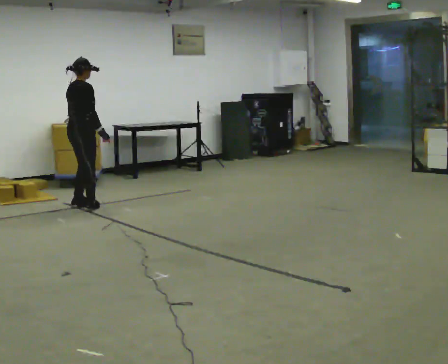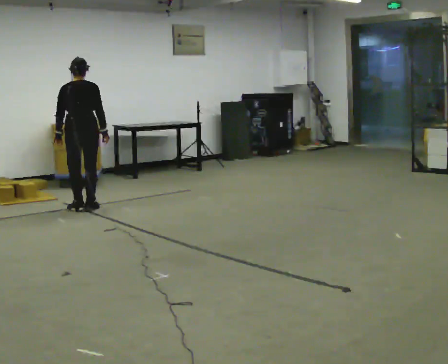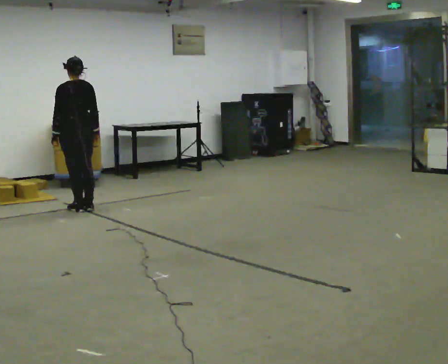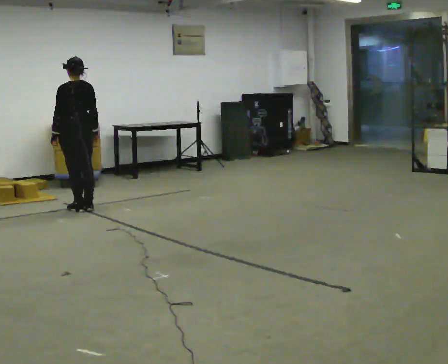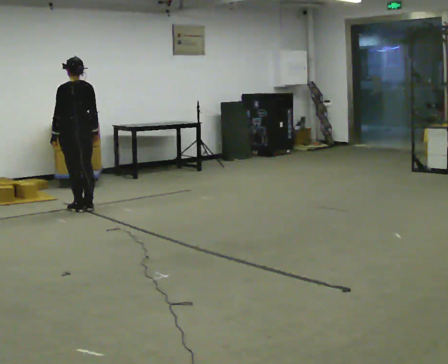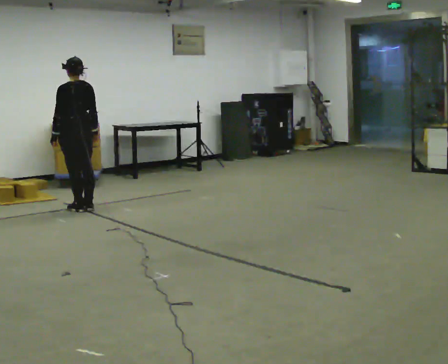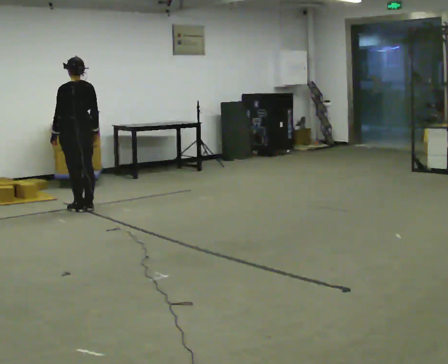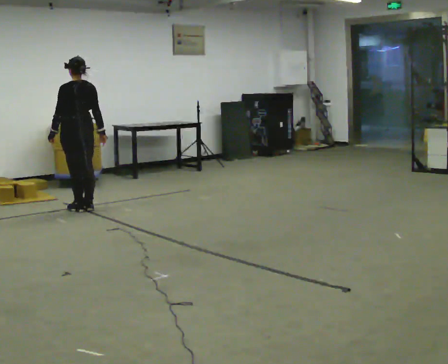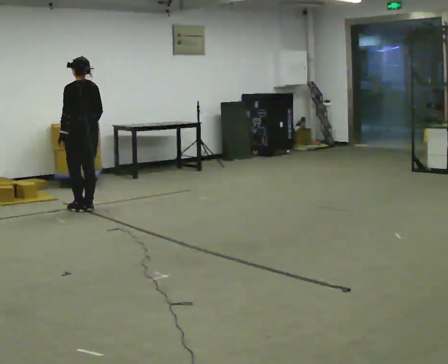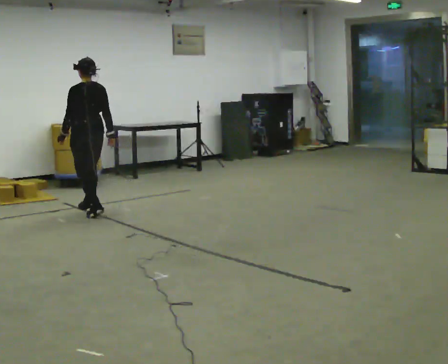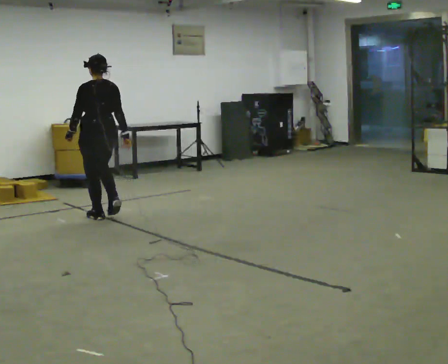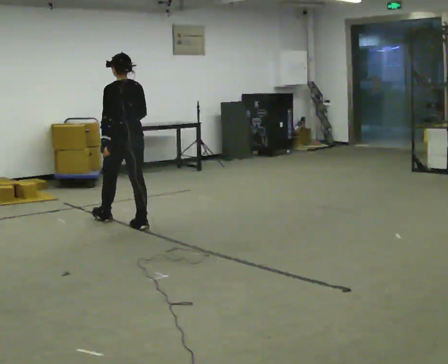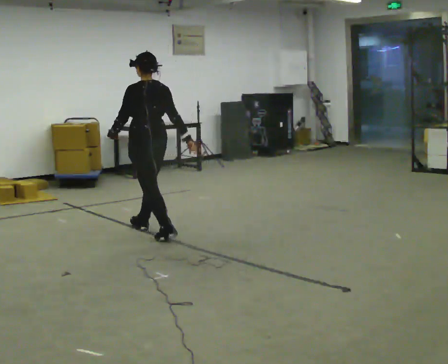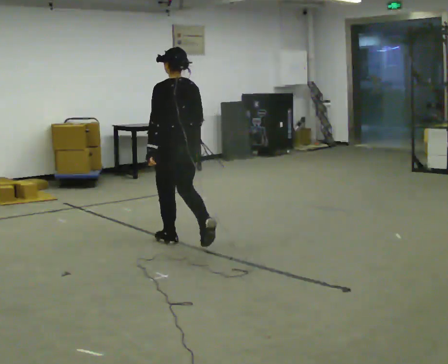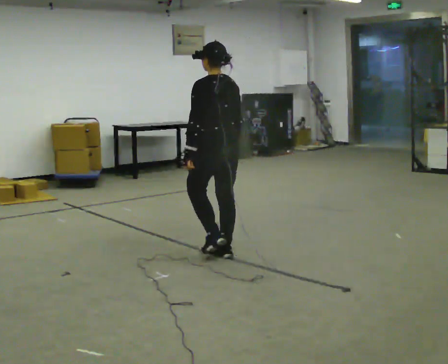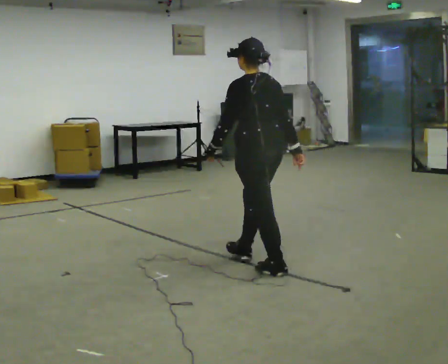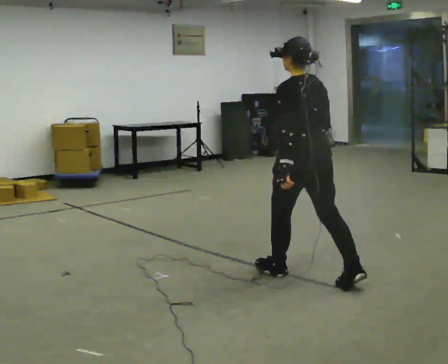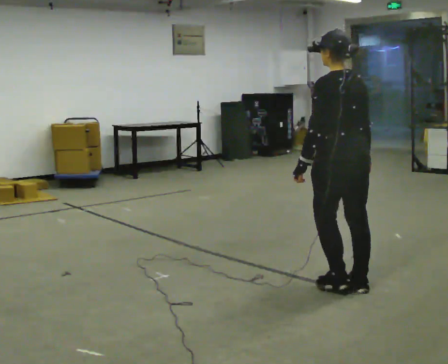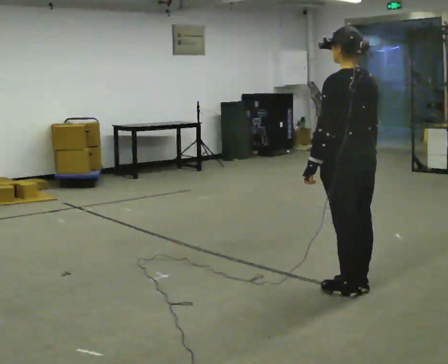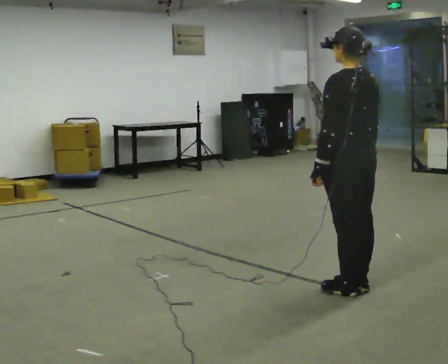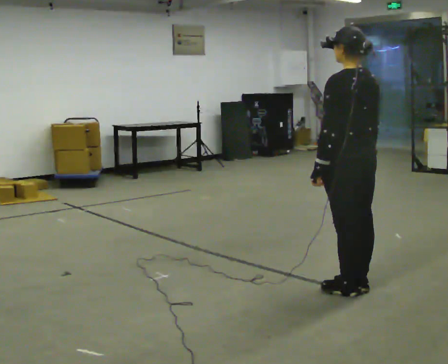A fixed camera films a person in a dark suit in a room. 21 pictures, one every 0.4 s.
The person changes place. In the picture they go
toward the camera.
0.0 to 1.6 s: Seen from above the body turns counterclockwise, about 90 degrees: to their left, with its near side sliding to the right.
1.6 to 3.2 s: The person moves a little, or ends about where they began.
3.2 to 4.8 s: In the picture they go toward the camera and to the right, about 1 m in 3 steps, which for them is backward.
4.8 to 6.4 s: In the picture they go toward the camera and to the right, about 1.5 m in 3 steps, which for them is backward.
6.4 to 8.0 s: In the picture they go toward the camera and to the right, about 0.25 m in 1 step, which for them is backward.
The film runs backward here.
